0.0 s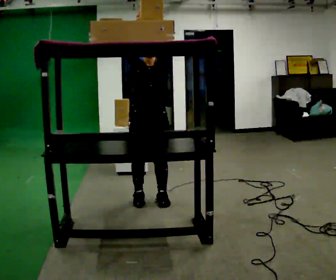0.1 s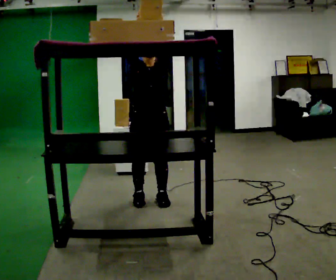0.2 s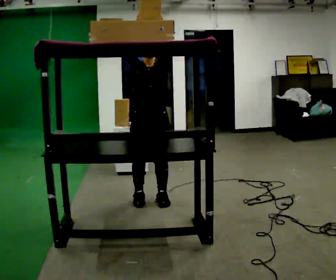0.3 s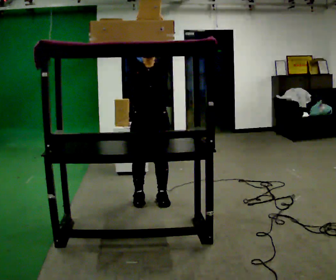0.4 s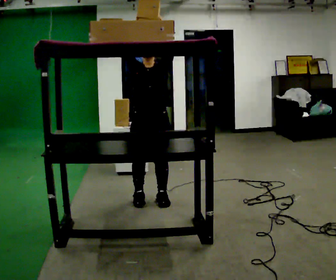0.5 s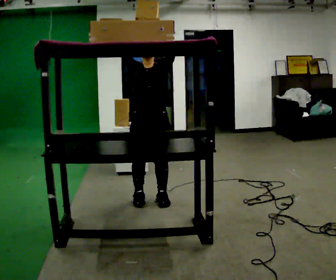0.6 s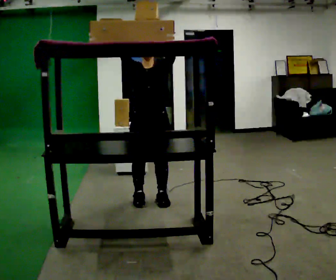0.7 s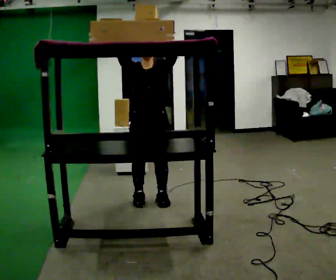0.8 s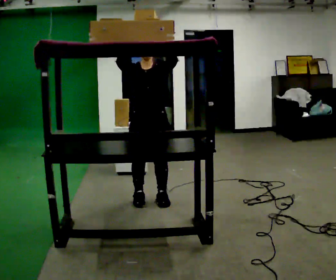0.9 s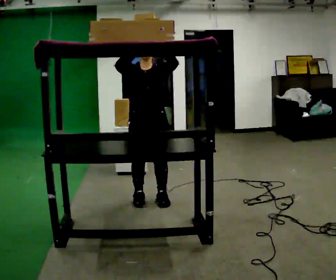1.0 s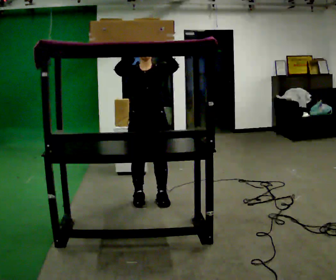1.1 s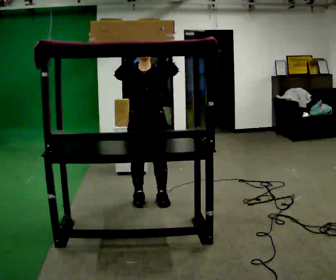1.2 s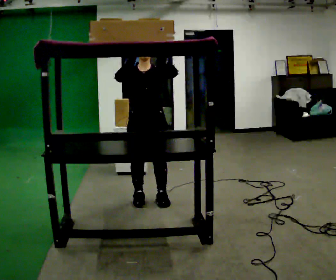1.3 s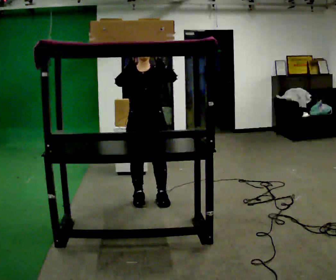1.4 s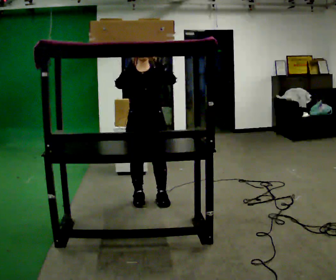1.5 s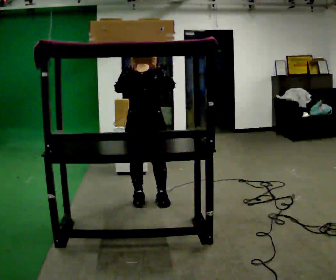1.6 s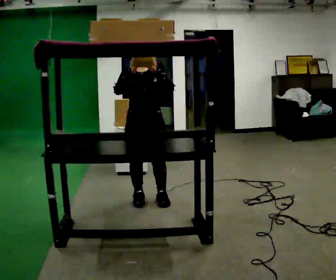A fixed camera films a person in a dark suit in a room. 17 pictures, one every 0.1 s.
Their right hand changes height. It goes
downward.
Their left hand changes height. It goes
downward.
0.0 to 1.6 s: In the picture their right hand goes downward.
The film runs forward here.
